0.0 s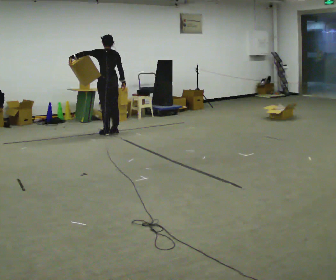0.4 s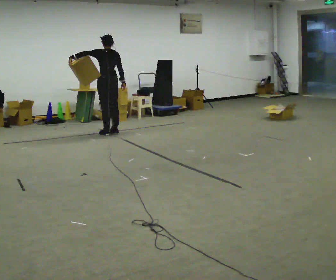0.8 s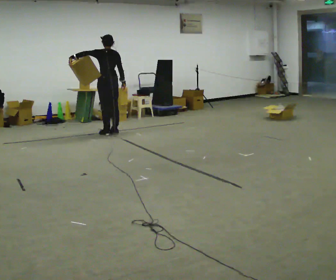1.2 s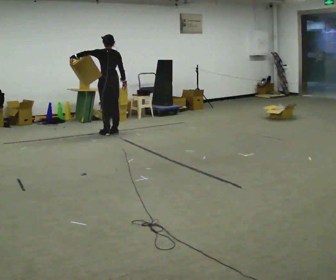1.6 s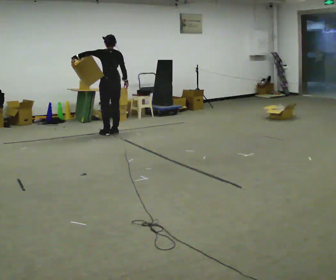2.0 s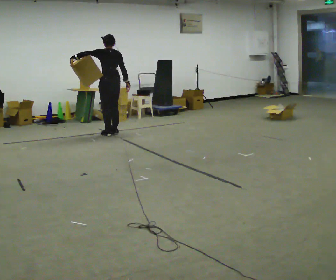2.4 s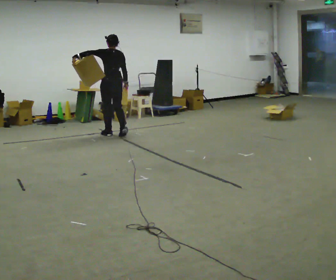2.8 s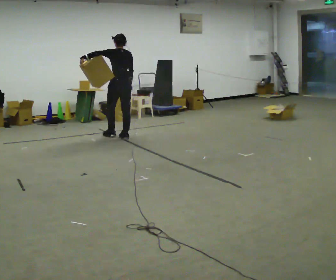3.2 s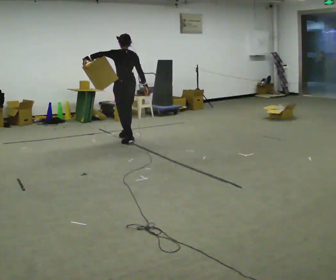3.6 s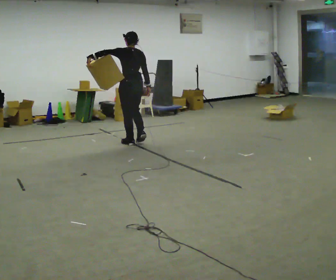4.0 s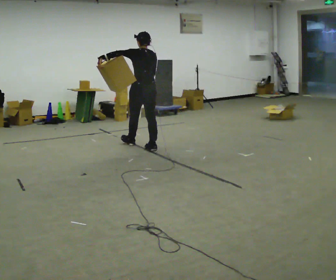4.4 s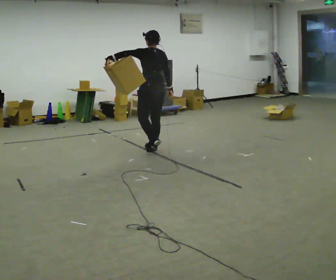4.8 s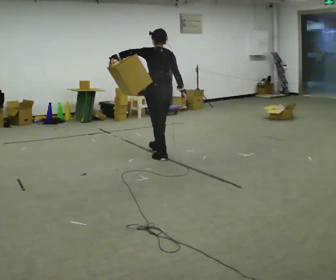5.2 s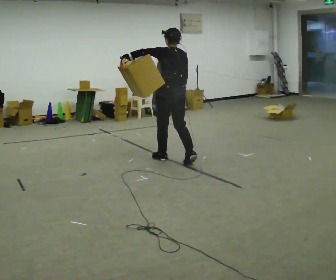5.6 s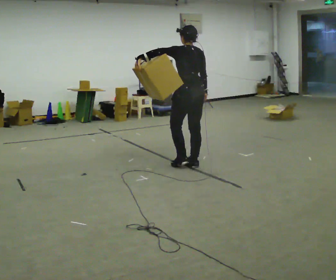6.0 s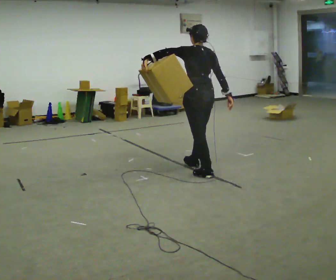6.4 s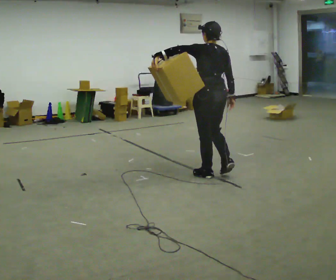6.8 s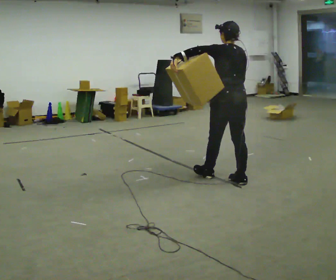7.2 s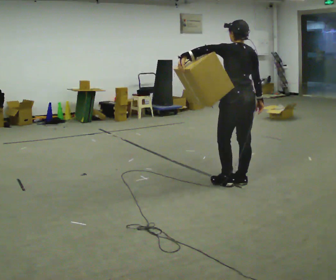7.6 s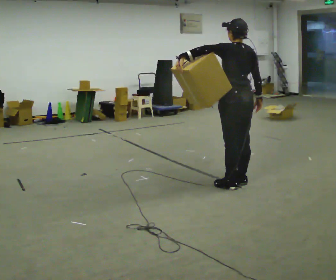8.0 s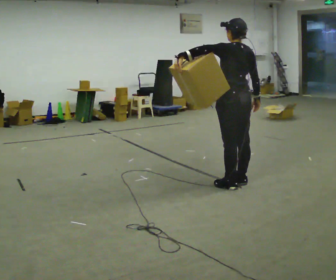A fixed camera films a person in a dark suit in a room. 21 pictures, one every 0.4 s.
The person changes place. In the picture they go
toward the camera.
0.0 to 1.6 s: The person moves a little, or ends about where they began.
1.6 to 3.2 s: In the picture they go toward the camera and to the right, about 0.5 m in 2 steps, which for them is backward.
3.2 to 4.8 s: In the picture they go toward the camera and to the right, about 1 m in 3 steps, which for them is backward.
4.8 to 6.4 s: In the picture they go toward the camera and to the right, about 1 m in 2 steps, which for them is backward.
6.4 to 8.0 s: In the picture they go toward the camera and to the right, about 0.25 m in 1 step, which for them is backward.
The film runs backward here.
